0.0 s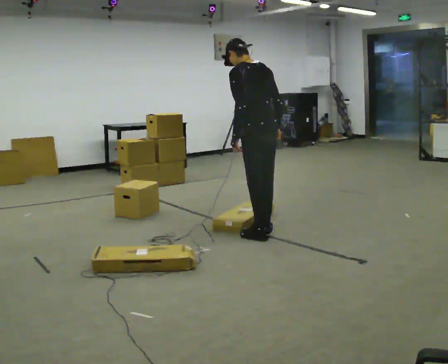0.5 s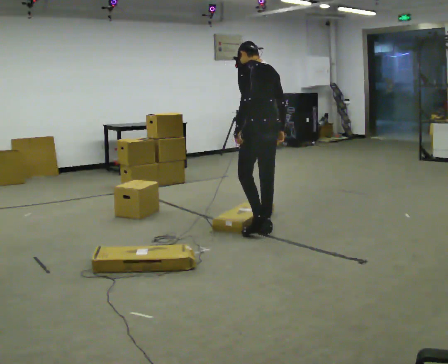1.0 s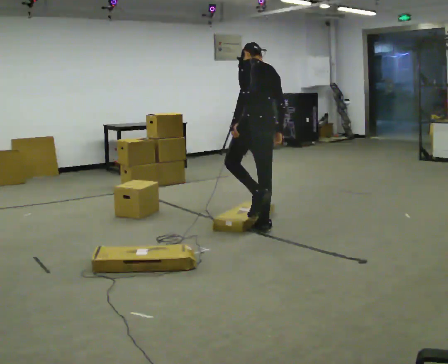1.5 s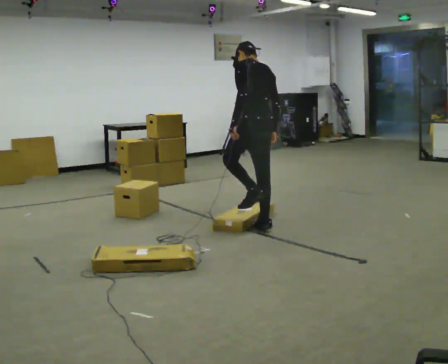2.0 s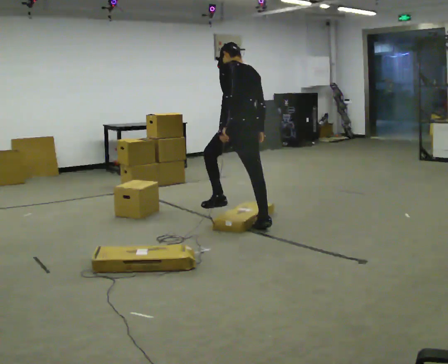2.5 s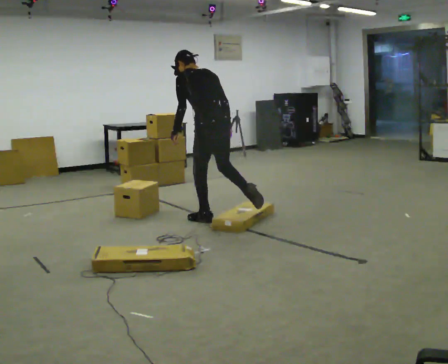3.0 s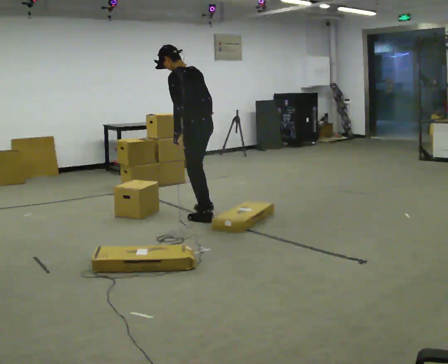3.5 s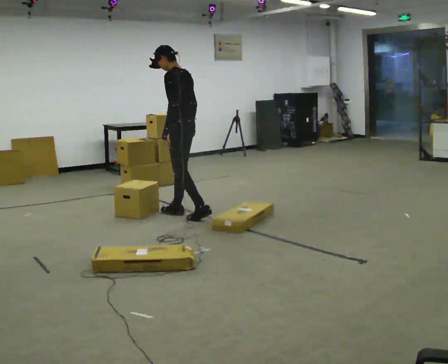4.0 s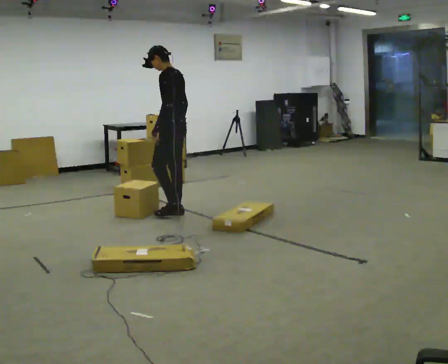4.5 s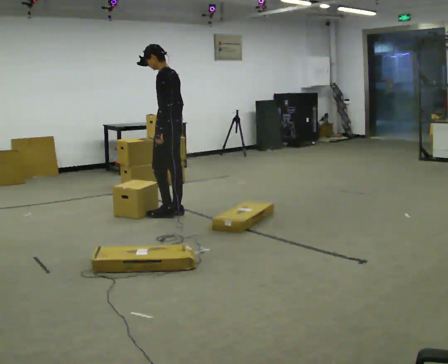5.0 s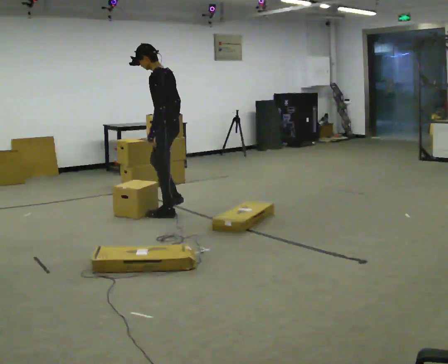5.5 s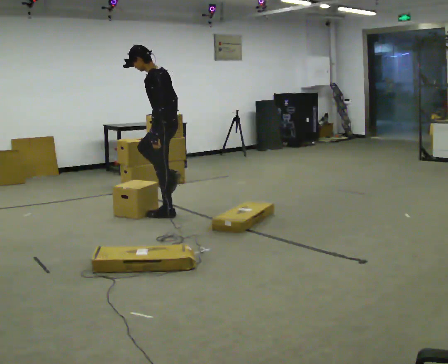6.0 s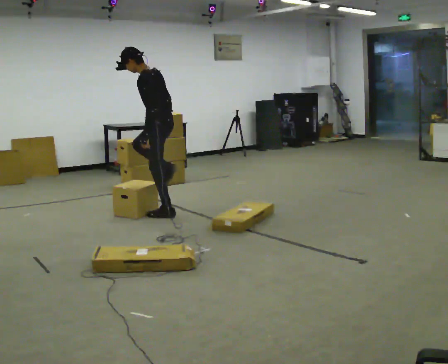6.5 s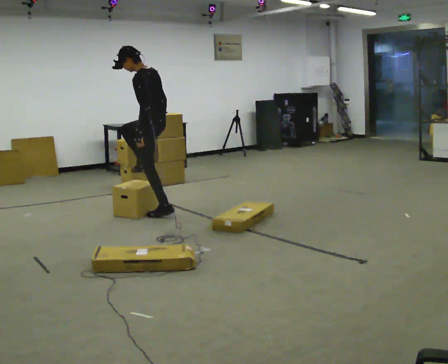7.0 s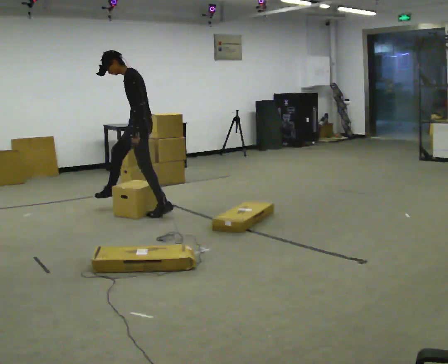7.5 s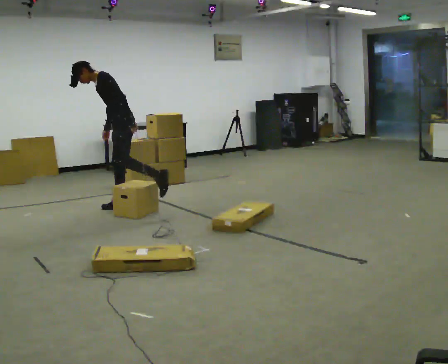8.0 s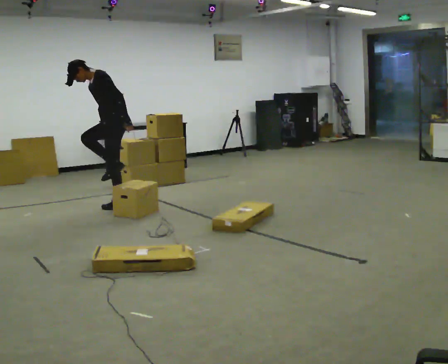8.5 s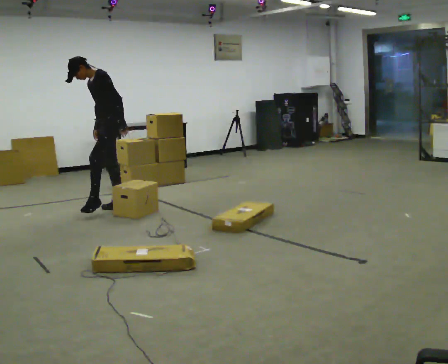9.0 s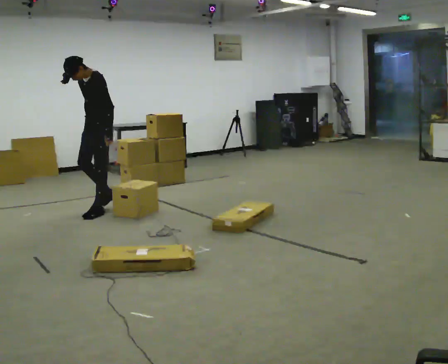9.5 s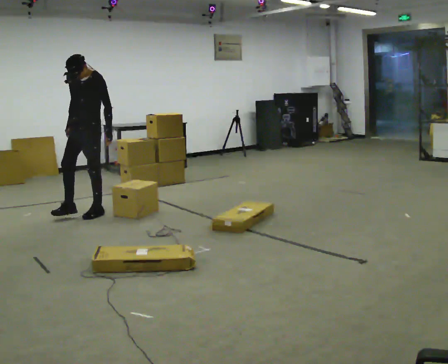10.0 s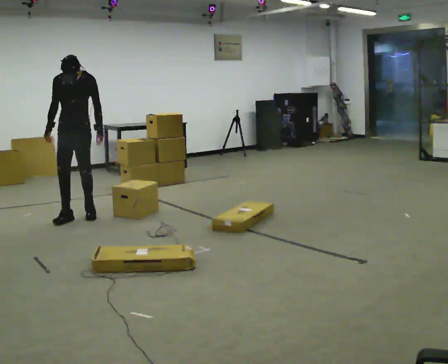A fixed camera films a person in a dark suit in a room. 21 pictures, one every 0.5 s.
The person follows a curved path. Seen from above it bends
counterclockwise.
The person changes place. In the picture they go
to the left.
0.0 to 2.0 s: In the picture they go away from the camera, about 0.25 m, which for them is forward.
2.0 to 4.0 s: The person turns about 45 degrees to their left, counterclockwise seen from above, so the part of the body nearest the lens slides to the right. In the picture they go away from the camera and to the left, about 1 m in 2 steps, which for them is forward.
4.0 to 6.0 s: The person moves a little, or ends about where they began.
6.0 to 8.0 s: The part of the body nearest the lens slides to the right as the person turns to their left by about 45 degrees. In the picture they go to the left and away from the camera, about 0.5 m in 1 step, which for them is forward and to their right.
8.0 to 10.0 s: The person turns about 60 degrees to their left, counterclockwise seen from above, so the part of the body nearest the lens slides to the right. In the picture they go to the left and toward the camera, about 0.5 m in 2 steps. In the picture the upper body tilts clockwise, shoulders to the right, as they lean back or straighten.
The film runs forward here.
